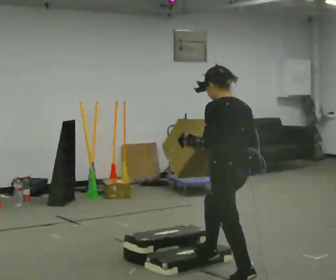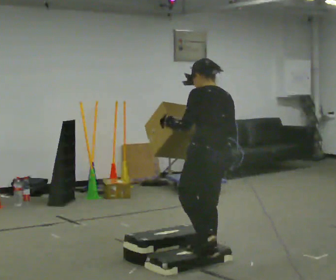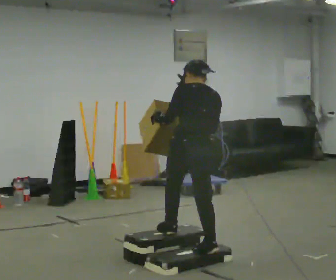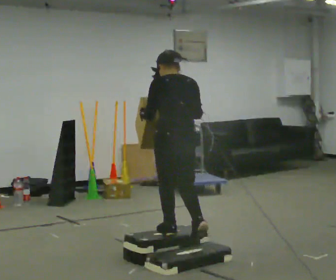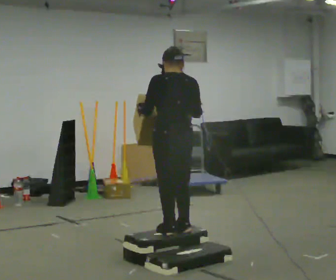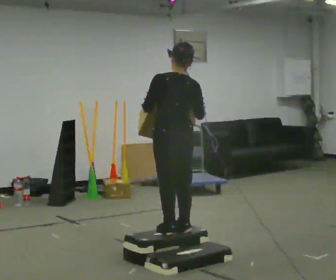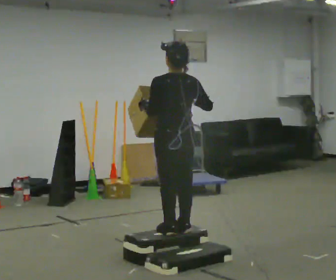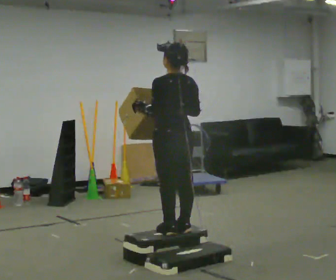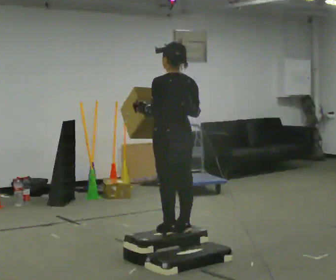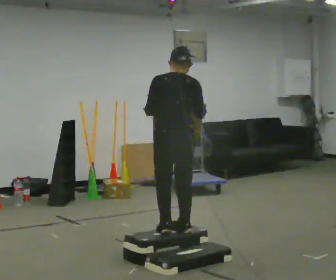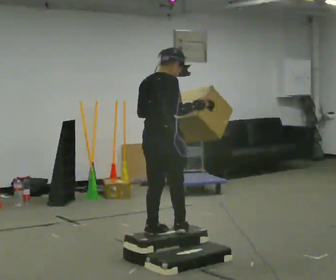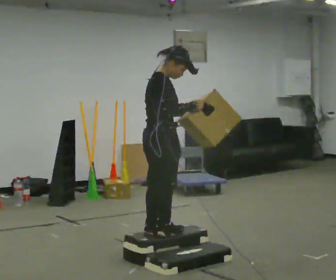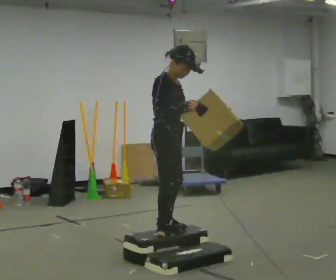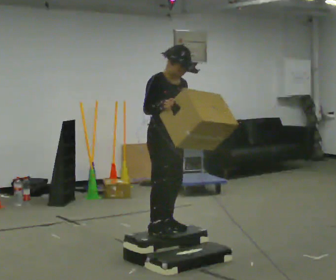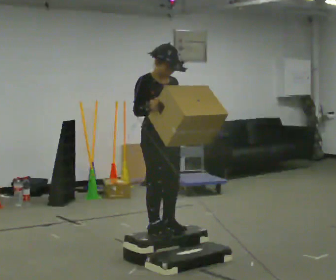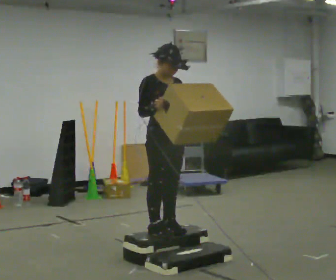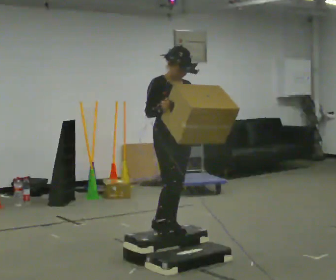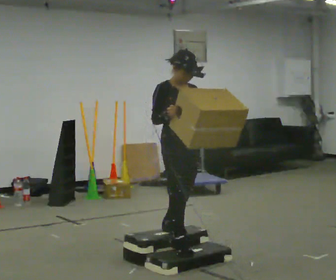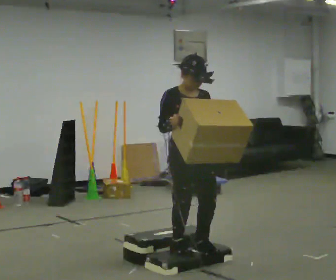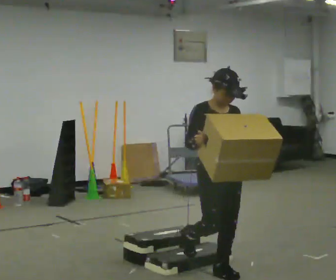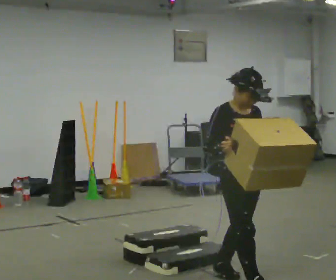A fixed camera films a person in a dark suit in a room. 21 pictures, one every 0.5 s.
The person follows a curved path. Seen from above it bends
clockwise.
0.0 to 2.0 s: In the picture they go away from the camera and to the left, about 0.75 m in 2 steps, which for them is forward. The upper body goes upward.
2.0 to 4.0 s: The person moves a little, or ends about where they began.
4.0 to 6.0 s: The person turns about 135 degrees to their right, clockwise seen from above, so the part of the body nearest the lens slides to the left.
6.0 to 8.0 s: The person turns about 45 degrees to their right, clockwise seen from above, so the part of the body nearest the lens slides to the left.
8.0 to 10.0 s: In the picture they go toward the camera and to the right, about 1 m in 3 steps, which for them is forward. The shoulders move downward.
The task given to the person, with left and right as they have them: Carry the box up the three steps, turn at the top, and carry it back down. Use the handrail only if you need it. Keep going until the operator says stop; one object at a time, and do not rush between trips.
The film runs forward here.
